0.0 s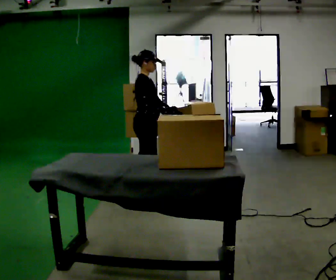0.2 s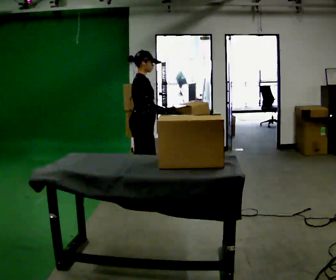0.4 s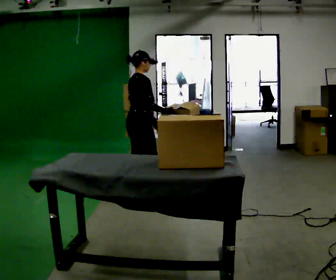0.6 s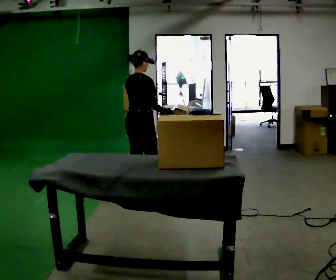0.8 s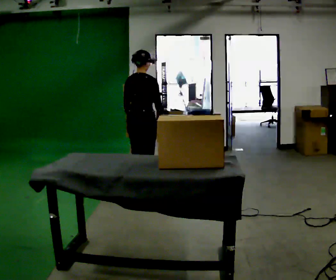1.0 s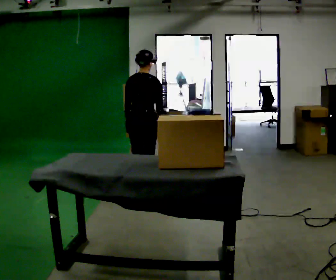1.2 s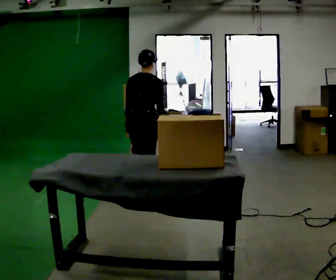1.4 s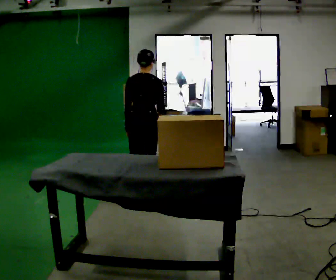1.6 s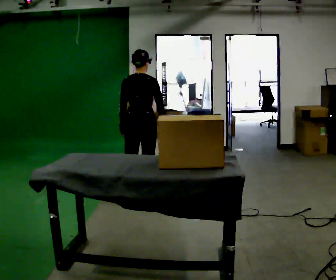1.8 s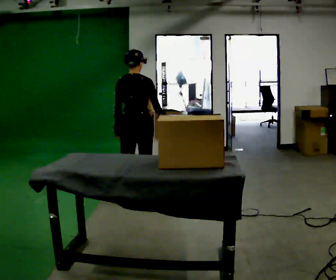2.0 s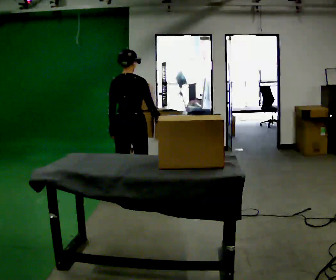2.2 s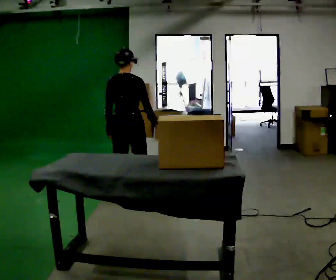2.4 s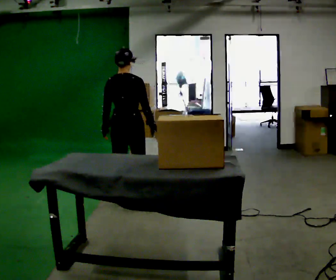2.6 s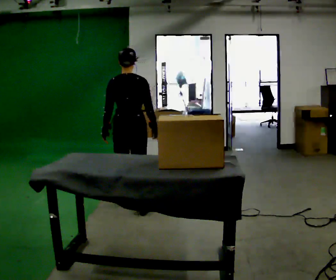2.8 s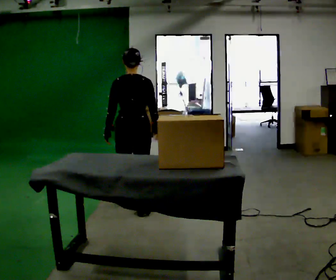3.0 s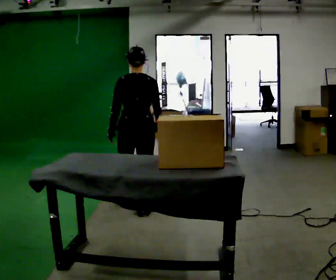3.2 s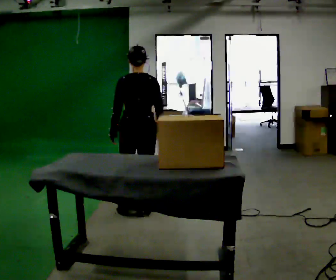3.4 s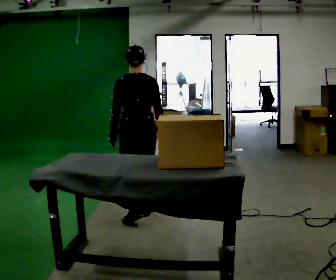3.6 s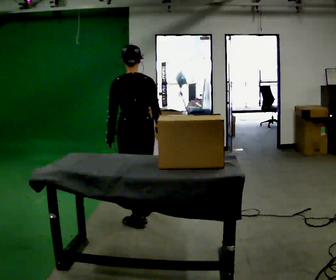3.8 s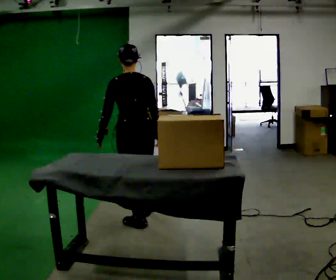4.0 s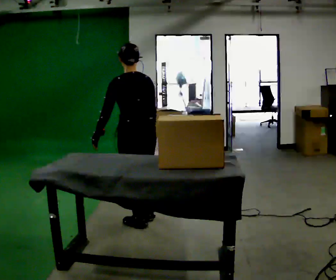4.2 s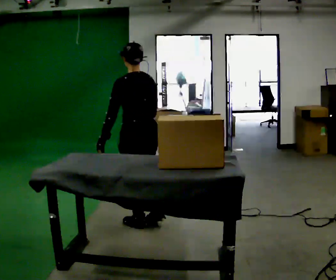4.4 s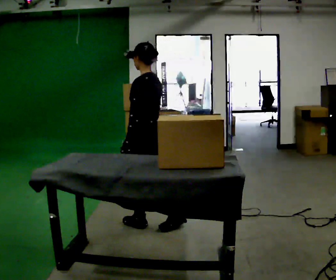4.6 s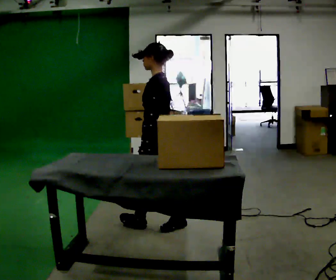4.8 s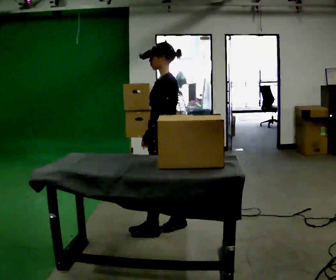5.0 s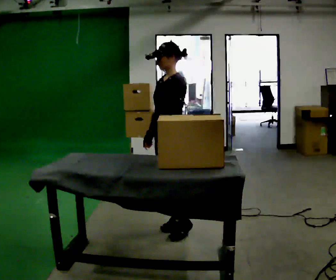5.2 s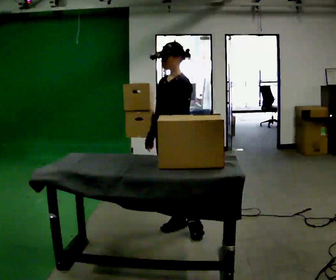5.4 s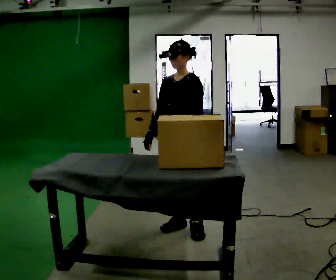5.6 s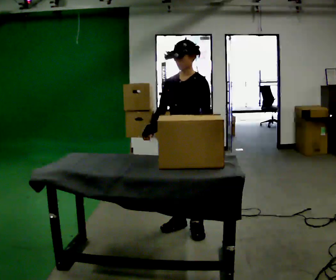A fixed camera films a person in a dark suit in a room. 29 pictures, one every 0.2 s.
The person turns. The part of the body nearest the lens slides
to the right.
The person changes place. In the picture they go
toward the camera.
0.0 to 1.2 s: The person turns about 75 degrees to their left, counterclockwise seen from above, so the part of the body nearest the lens slides to the right. In the picture their left hand goes to the left, the arm swinging clockwise.
1.2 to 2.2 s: In the picture they go toward the camera and to the left, about 0.25 m in 2 steps, which for them is backward.
2.2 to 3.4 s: In the picture they go toward the camera, about 0.5 m in 1 step, which for them is backward.
3.4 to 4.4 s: The person turns about 60 degrees to their left, counterclockwise seen from above, so the part of the body nearest the lens slides to the right. In the picture they go toward the camera, about 0.25 m in 1 step, which for them is backward.
4.4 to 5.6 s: Seen from above the body turns counterclockwise, about 75 degrees: to their left, with its near side sliding to the right. In the picture they go to the right, about 0.25 m in 1 step.
The film runs backward here.
